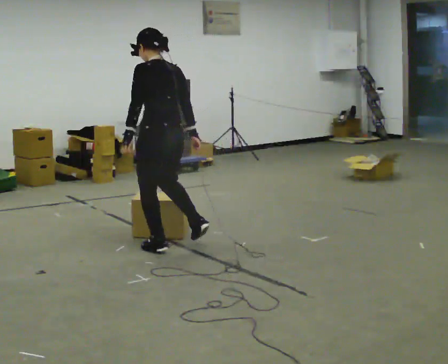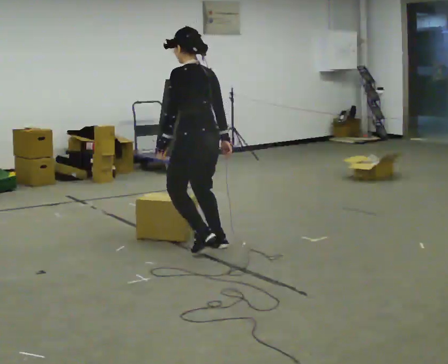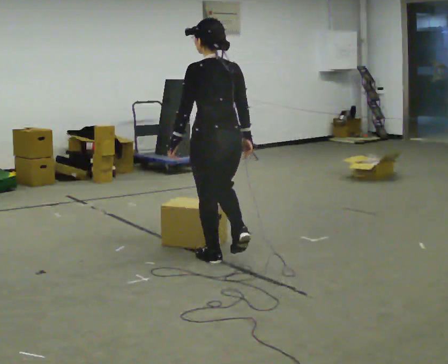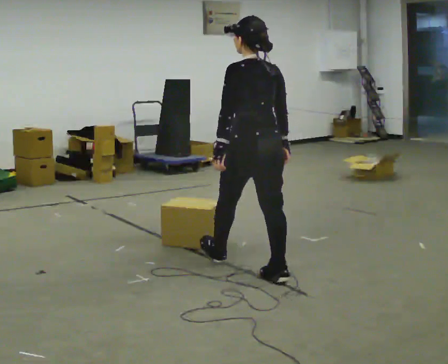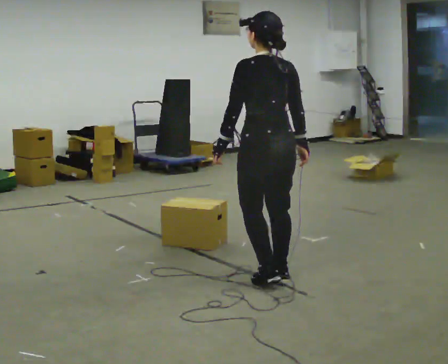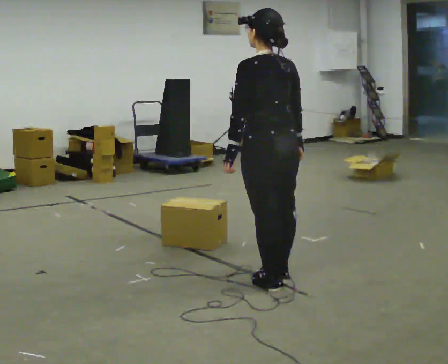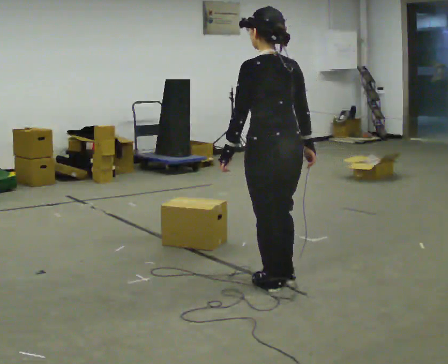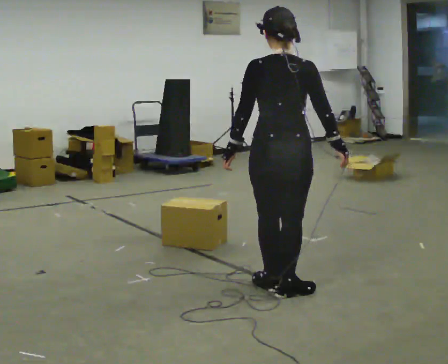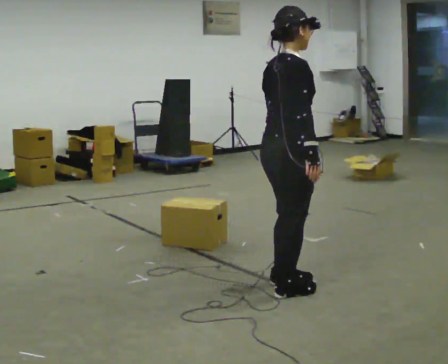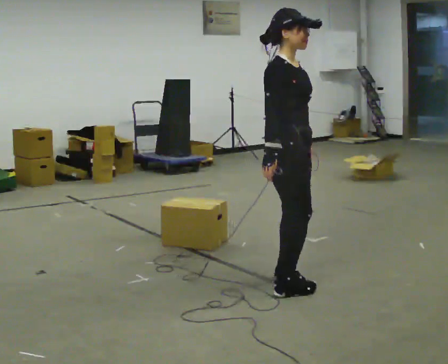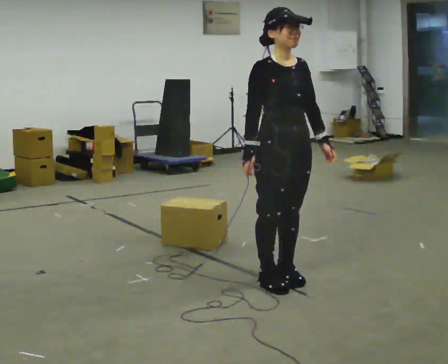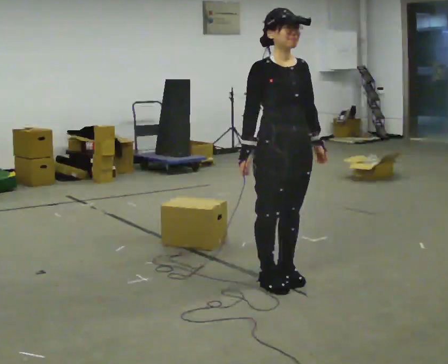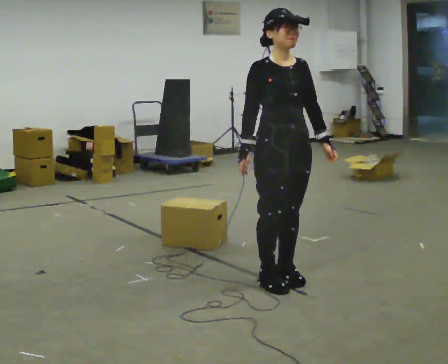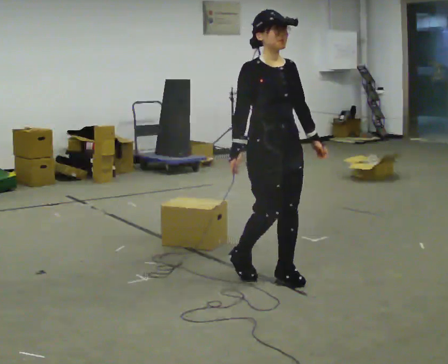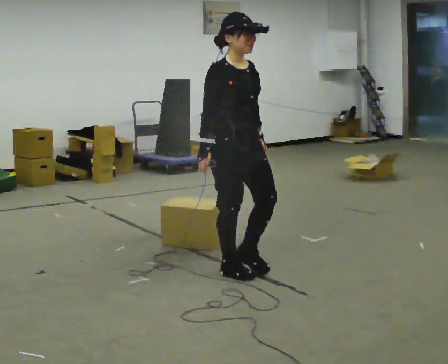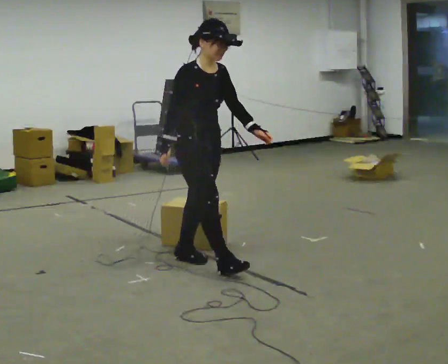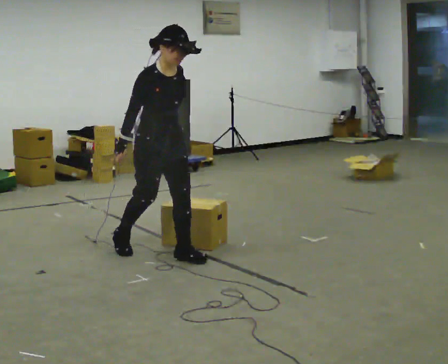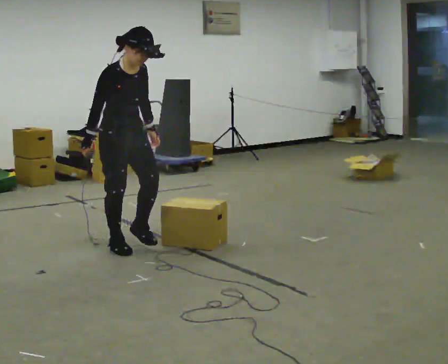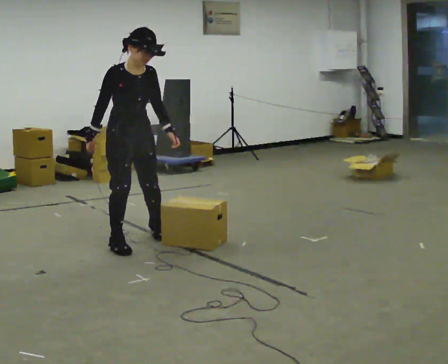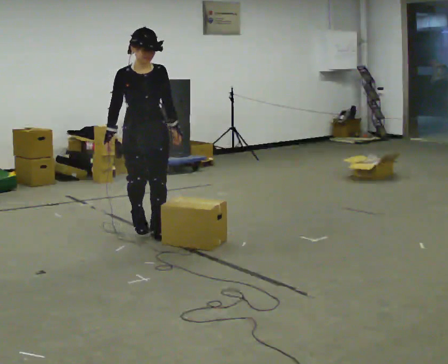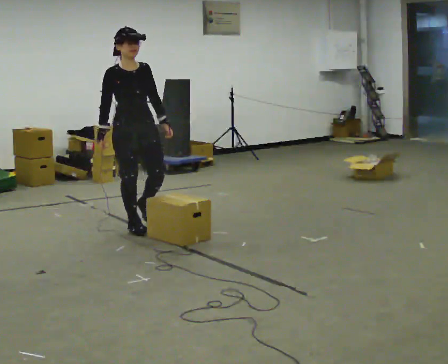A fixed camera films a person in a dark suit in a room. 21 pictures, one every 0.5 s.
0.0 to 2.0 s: In the picture they go to the right and toward the camera, about 1 m in 3 steps, which for them is backward.
2.0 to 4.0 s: The part of the body nearest the lens slides to the left as the person turns to their right by about 75 degrees. In the picture they go toward the camera, about 0.25 m in 1 step.
4.0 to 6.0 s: The part of the body nearest the lens slides to the left as the person turns to their right by about 105 degrees. In the picture they go away from the camera, about 0.25 m in 1 step. In the picture their left hand goes to the right, the arm swinging counterclockwise.
6.0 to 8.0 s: In the picture they go to the left and away from the camera, about 1 m in 3 steps, which for them is backward.
8.0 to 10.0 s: In the picture they go away from the camera and to the left, about 1 m in 3 steps, which for them is backward.
The film runs backward here.
